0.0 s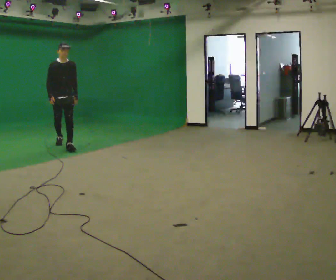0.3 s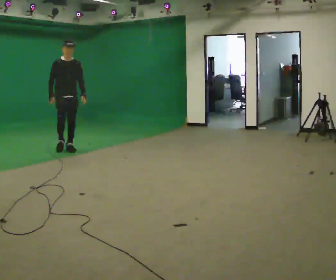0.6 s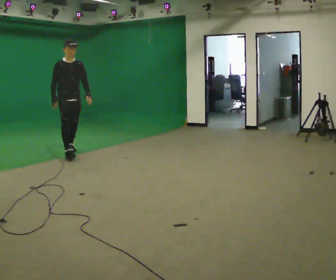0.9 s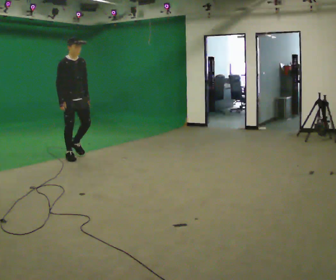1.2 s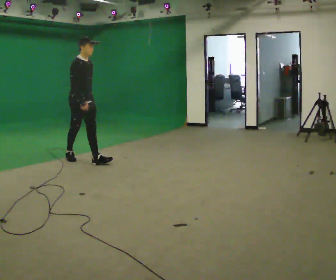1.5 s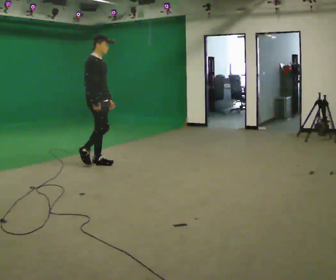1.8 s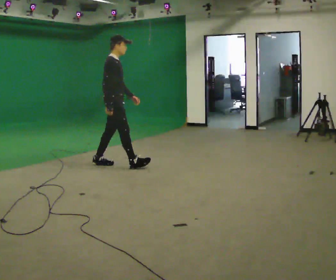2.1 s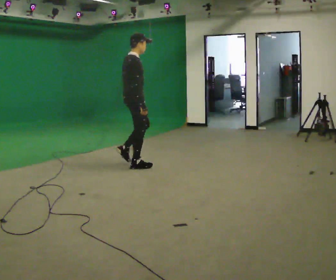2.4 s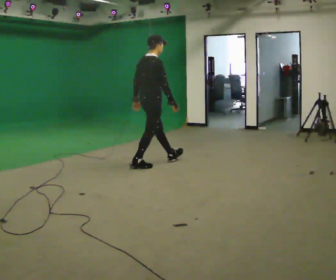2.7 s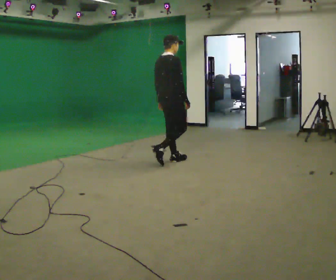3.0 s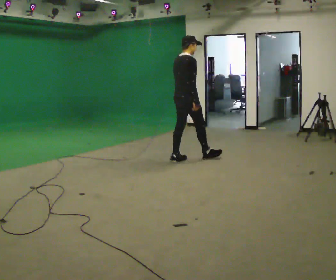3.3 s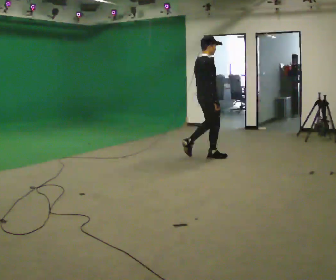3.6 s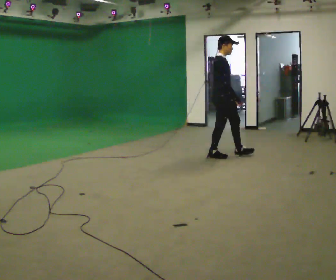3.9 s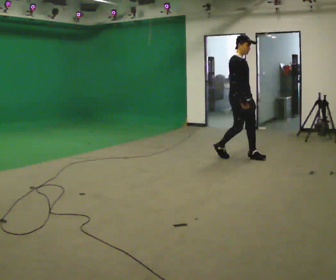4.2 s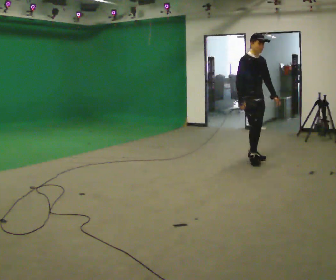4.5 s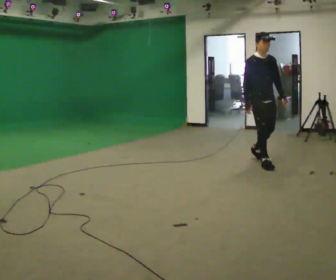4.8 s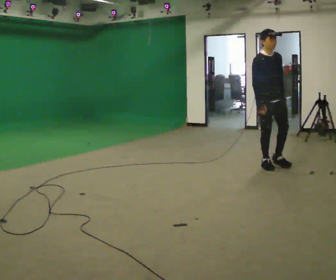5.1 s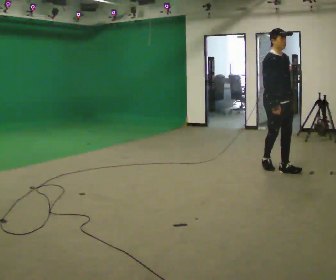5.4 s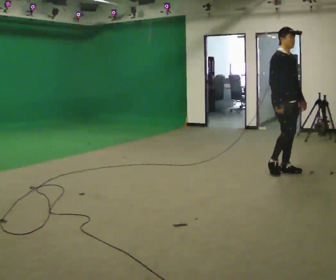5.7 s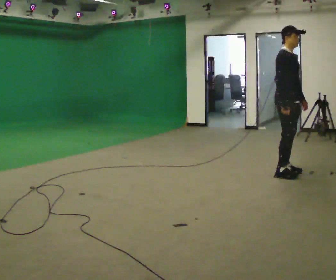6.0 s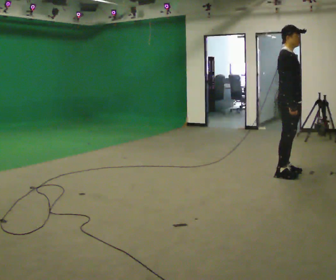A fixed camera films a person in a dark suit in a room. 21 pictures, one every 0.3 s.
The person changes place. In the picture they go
to the right.
0.0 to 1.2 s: The person turns about 45 degrees to their left, counterclockwise seen from above, so the part of the body nearest the lens slides to the right. In the picture they go toward the camera and to the right, about 1 m in 2 steps, which for them is forward.
1.2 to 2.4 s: The person turns about 60 degrees to their left, counterclockwise seen from above, so the part of the body nearest the lens slides to the right. In the picture they go to the right, about 1 m in 1 step, which for them is forward.
2.4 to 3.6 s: The part of the body nearest the lens slides to the left as the person turns to their right by about 45 degrees. In the picture they go to the right, about 1 m in 2 steps, which for them is forward.
3.6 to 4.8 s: The person turns about 45 degrees to their right, clockwise seen from above, so the part of the body nearest the lens slides to the left. In the picture they go toward the camera and to the right, about 1 m in 2 steps, which for them is forward.
4.8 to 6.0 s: The part of the body nearest the lens slides to the right as the person turns to their left by about 45 degrees. In the picture they go toward the camera, about 0.5 m in 2 steps, which for them is forward and to their right.
The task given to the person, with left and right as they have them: Walk forward; gradually curve left/right; straighten out.
The film runs forward here.
